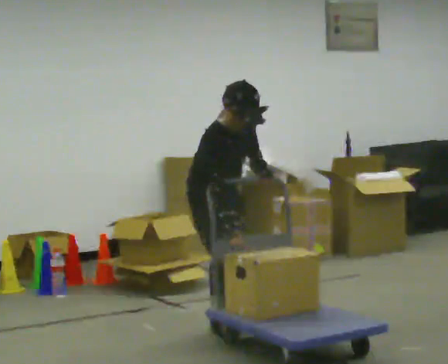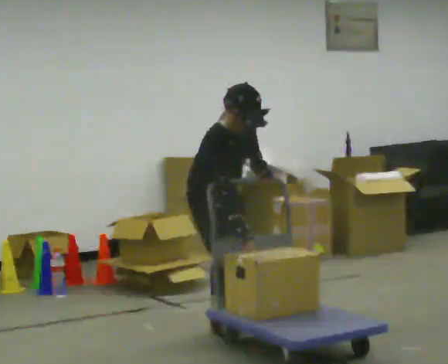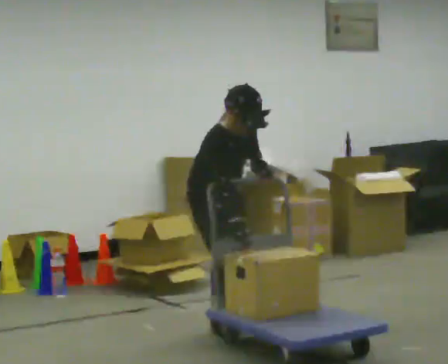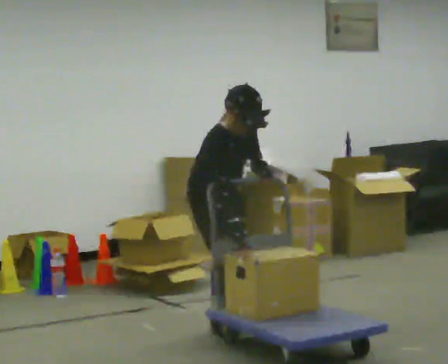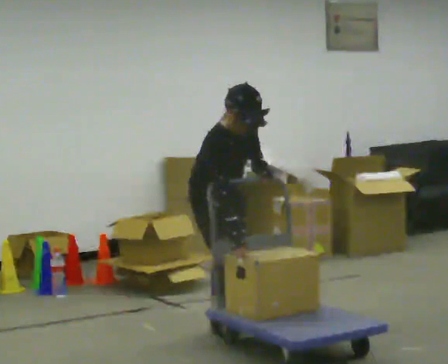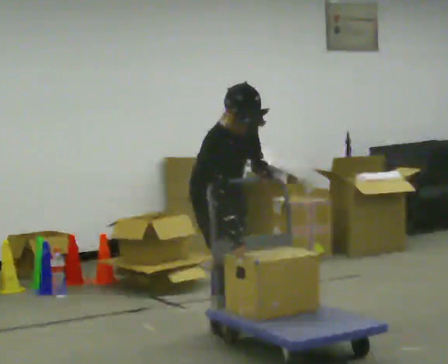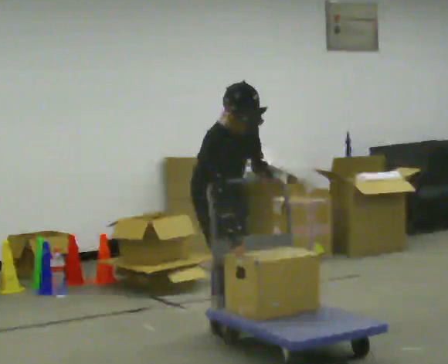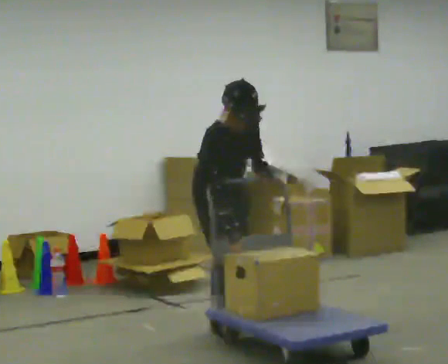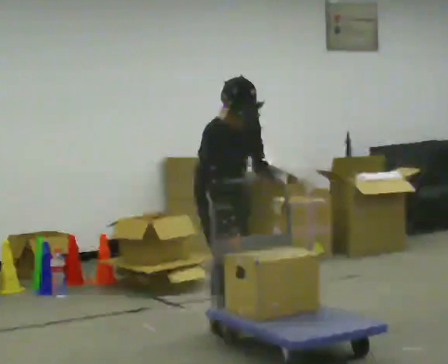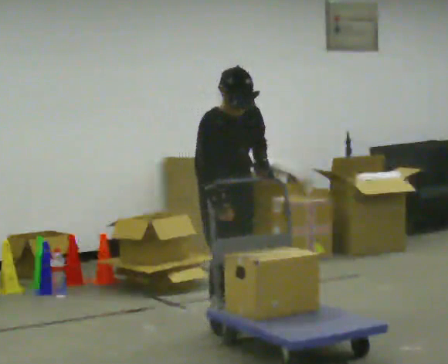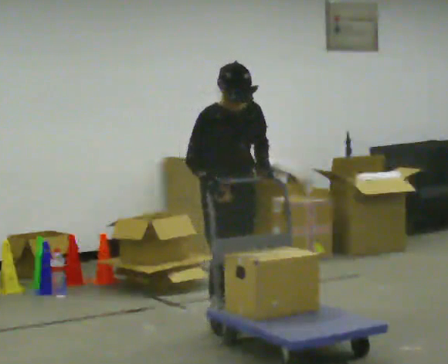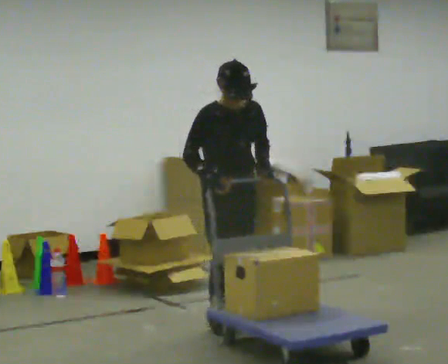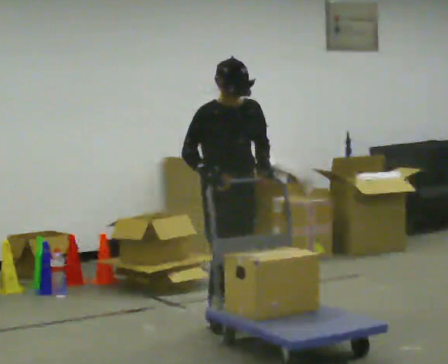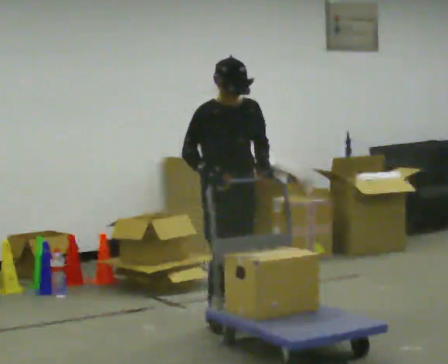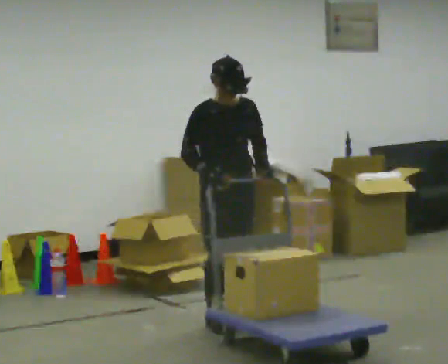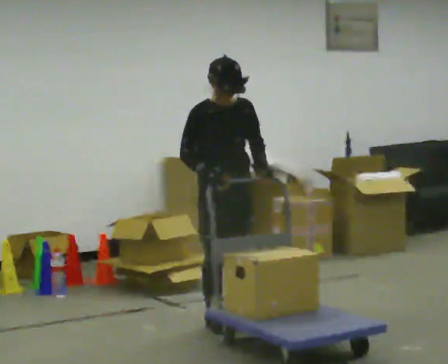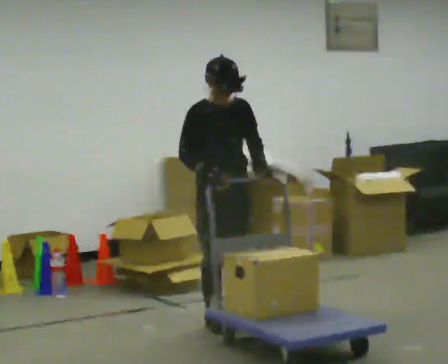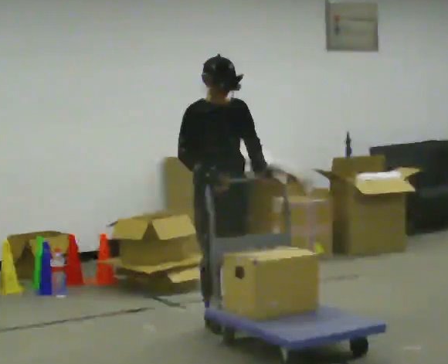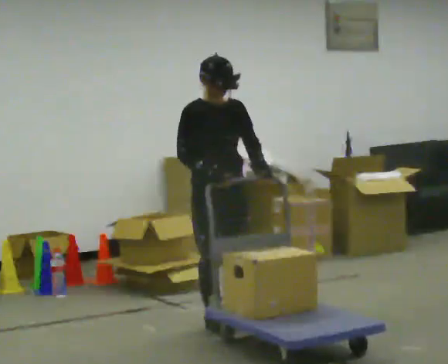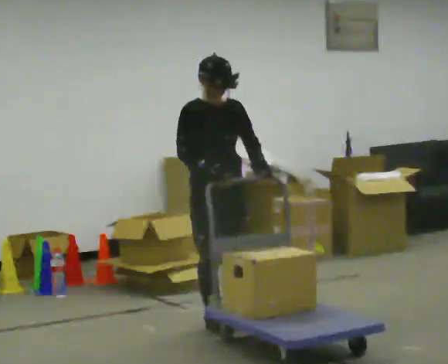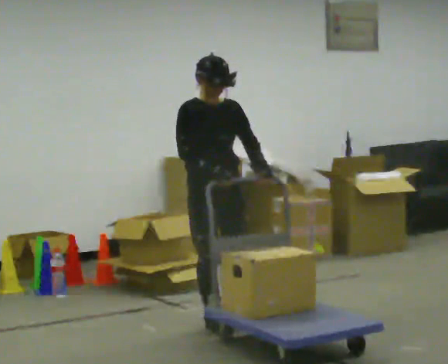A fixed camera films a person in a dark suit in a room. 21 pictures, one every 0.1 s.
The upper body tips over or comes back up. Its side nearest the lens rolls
upward.
0.0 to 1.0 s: The upper body tips away from the camera, its near side rolling upward, as they lean back or straighten.
1.0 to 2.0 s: The upper body tips away from the camera, its near side rolling upward, as they lean back or straighten.
The film runs backward here.
